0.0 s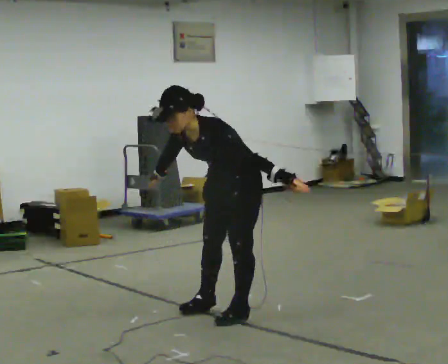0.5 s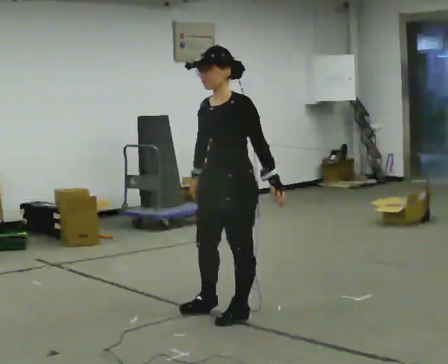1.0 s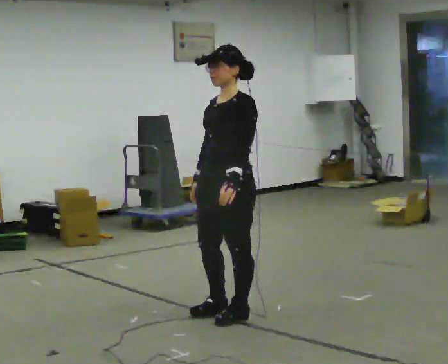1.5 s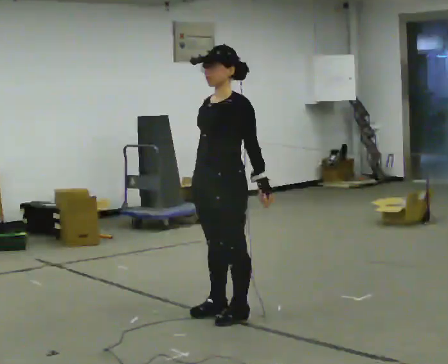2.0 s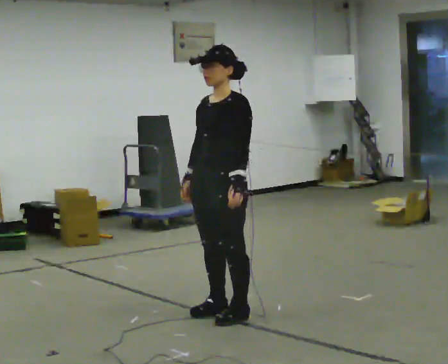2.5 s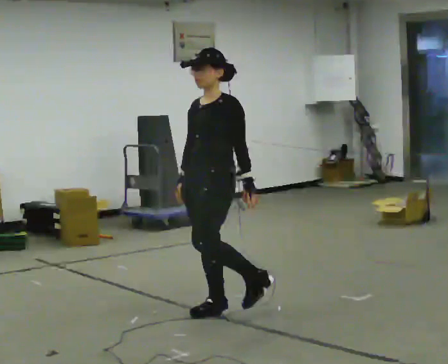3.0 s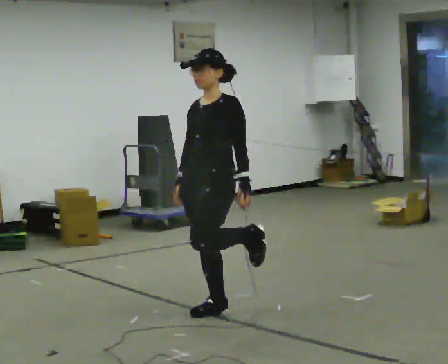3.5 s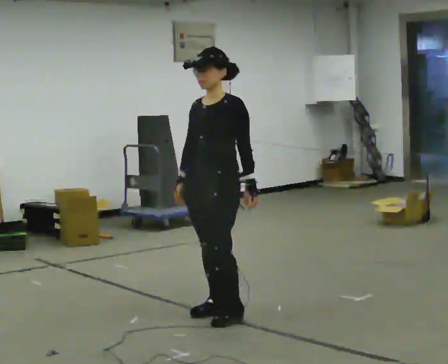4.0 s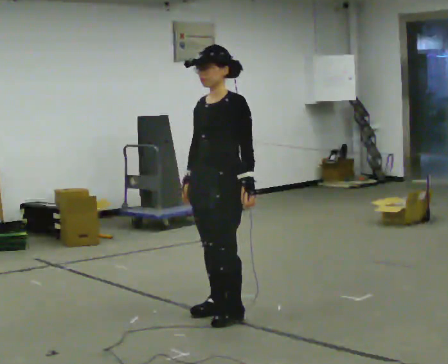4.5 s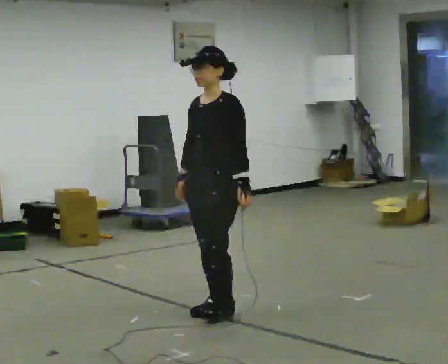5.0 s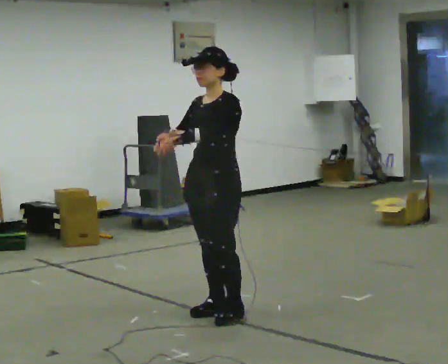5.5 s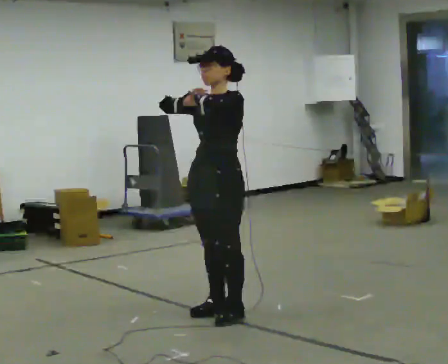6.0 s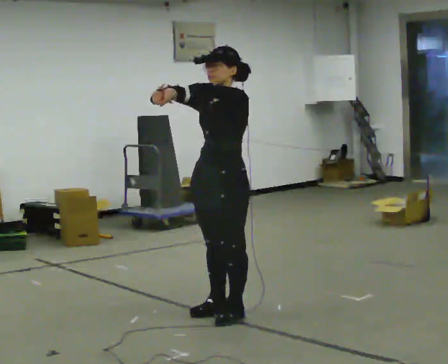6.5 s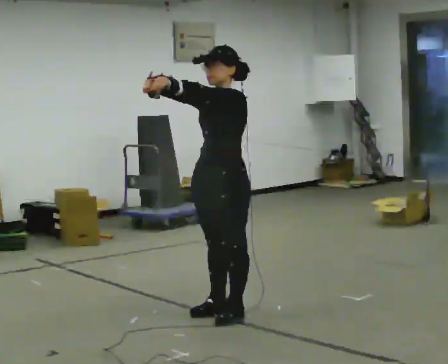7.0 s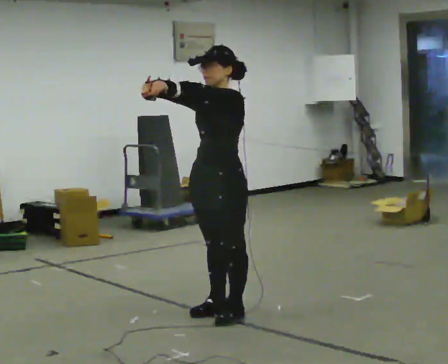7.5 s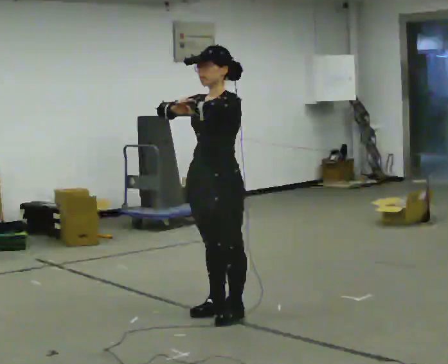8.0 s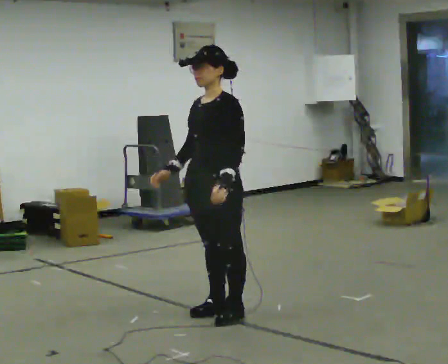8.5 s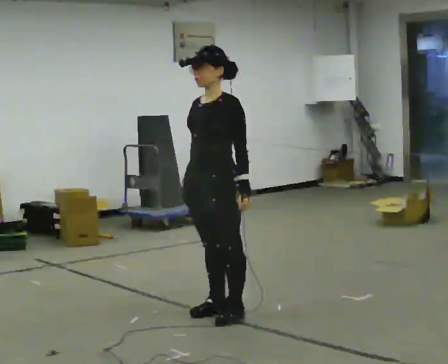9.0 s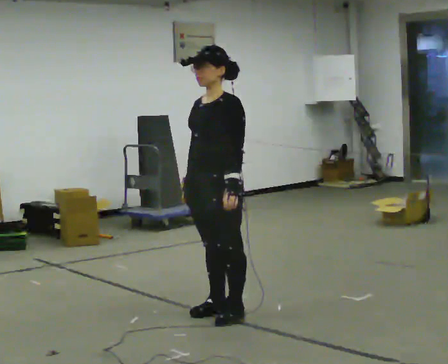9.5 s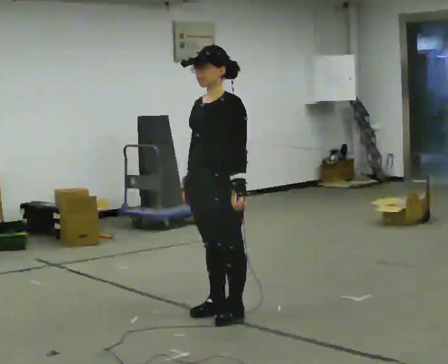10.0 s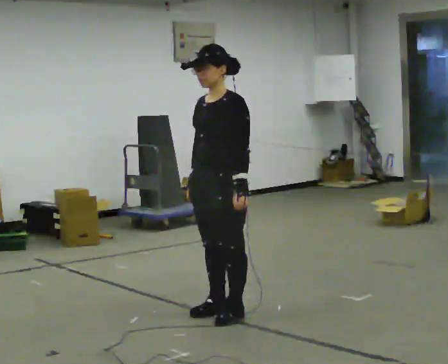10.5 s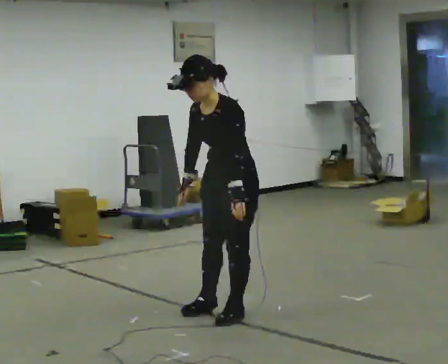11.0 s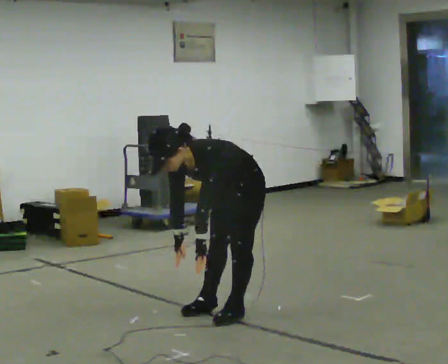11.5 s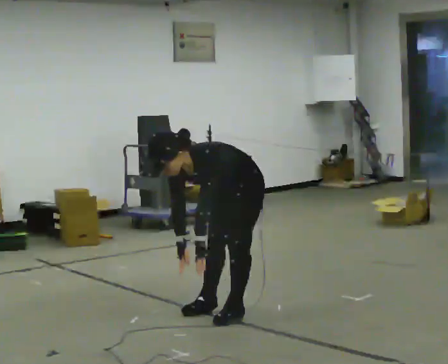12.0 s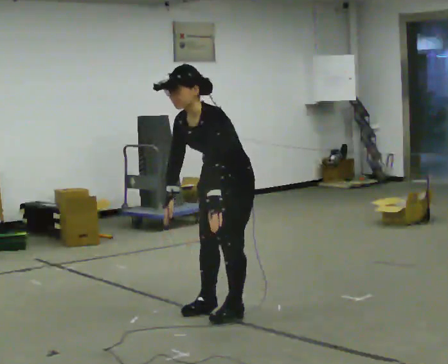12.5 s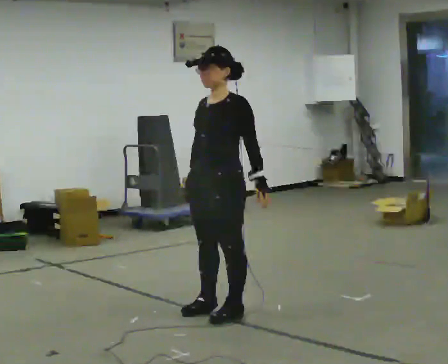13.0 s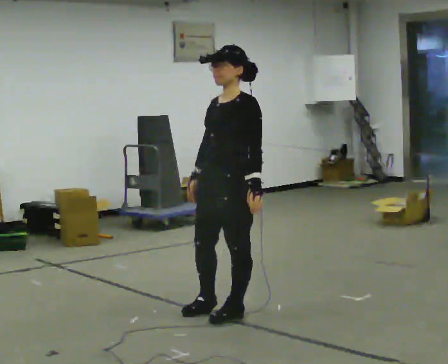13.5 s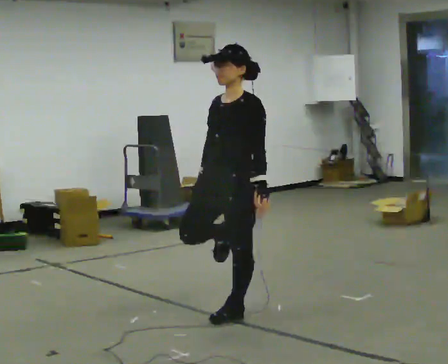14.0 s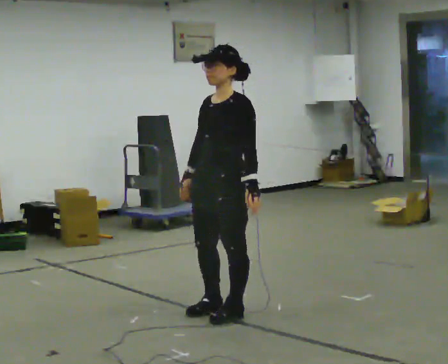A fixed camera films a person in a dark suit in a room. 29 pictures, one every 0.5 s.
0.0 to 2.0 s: The shoulders move upward. In the picture the upper body tilts clockwise, shoulders to the right, as they lean back or straighten.
2.0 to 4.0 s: The person moves a little, or ends about where they began.
4.0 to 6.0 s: In the picture their left hand goes upward and to the left.
6.0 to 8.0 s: In the picture their left hand goes downward.
8.0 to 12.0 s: The person moves a little, or ends about where they began.
12.0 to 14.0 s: In the picture the upper body tilts clockwise, shoulders to the right, as they lean back or straighten.
The film runs forward here.
